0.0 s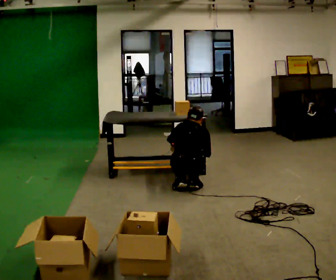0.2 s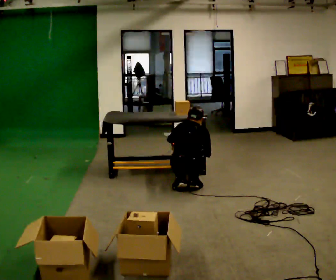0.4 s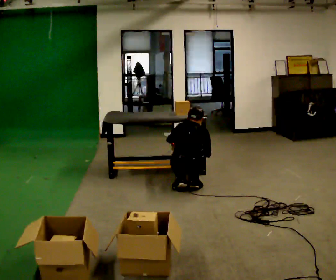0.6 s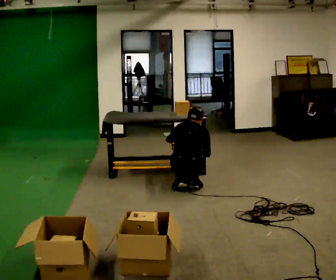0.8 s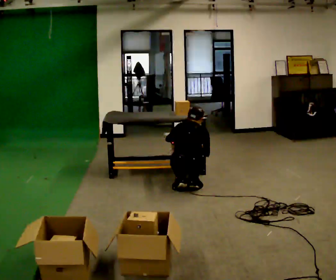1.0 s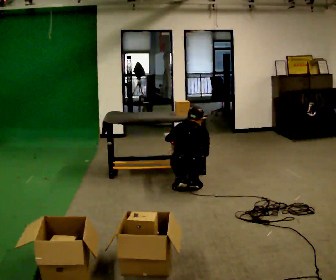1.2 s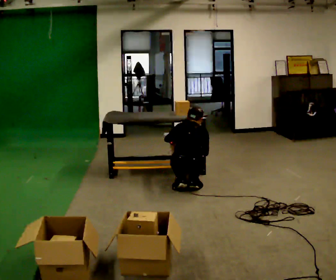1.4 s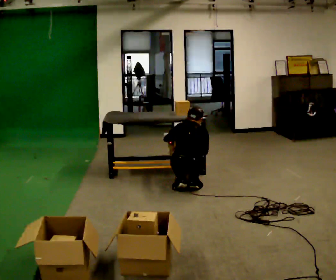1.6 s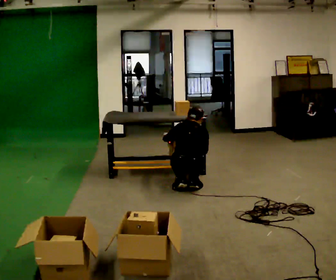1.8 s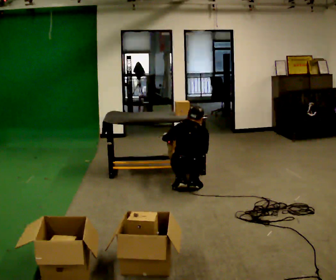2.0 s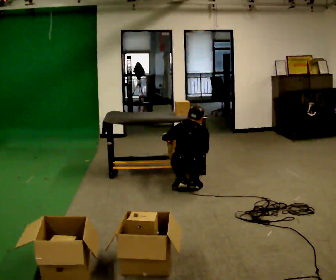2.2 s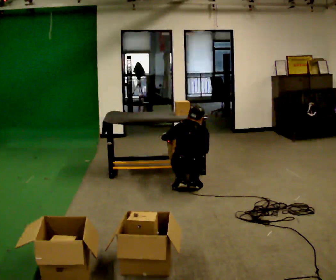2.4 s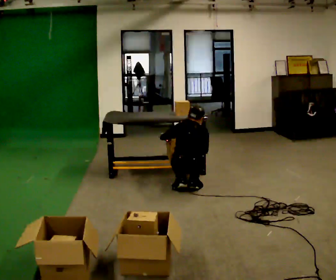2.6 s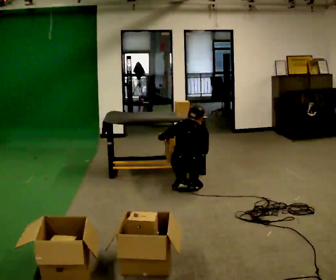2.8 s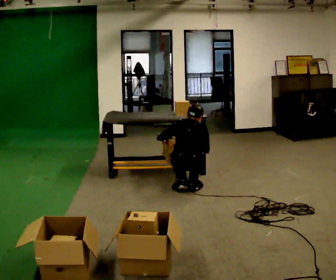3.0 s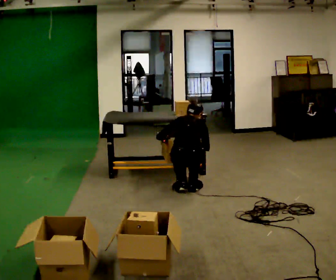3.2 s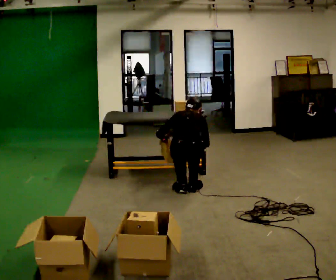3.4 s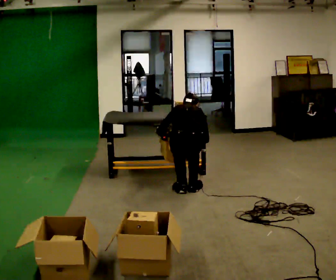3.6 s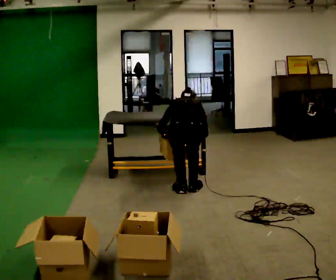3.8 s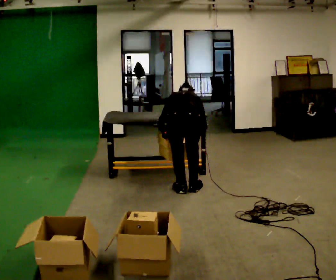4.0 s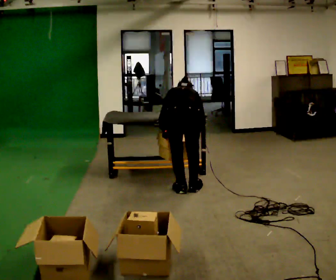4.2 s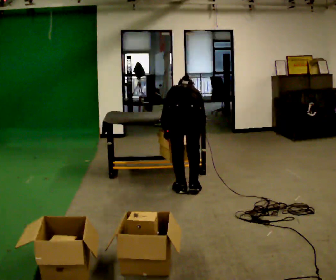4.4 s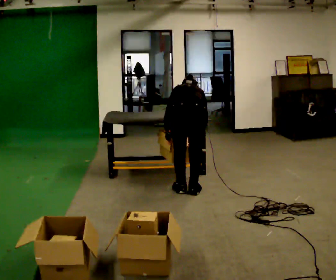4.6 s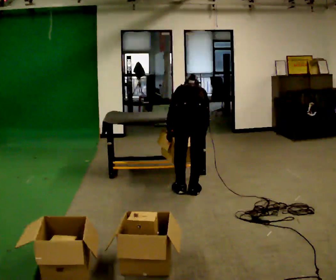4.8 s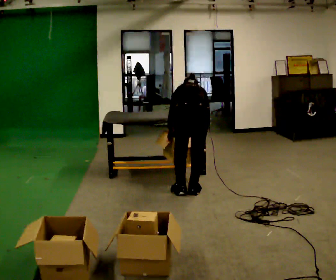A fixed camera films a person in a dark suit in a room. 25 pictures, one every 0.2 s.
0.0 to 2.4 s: The person moves a little, or ends about where they began.
2.4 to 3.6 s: The upper body goes upward. The upper body tips away from the camera, its near side rolling upward, as they bend forward.
3.6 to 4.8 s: The person moves a little, or ends about where they began.
The film runs backward here.
